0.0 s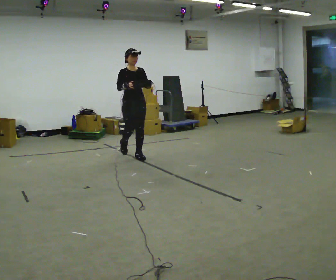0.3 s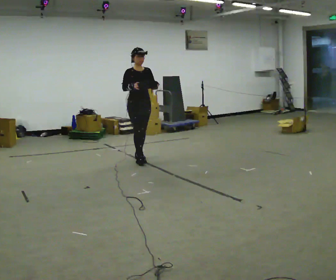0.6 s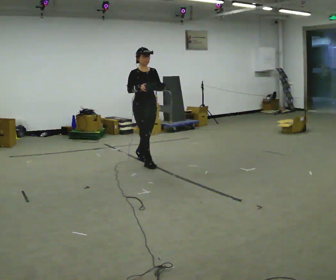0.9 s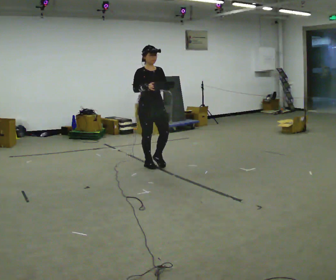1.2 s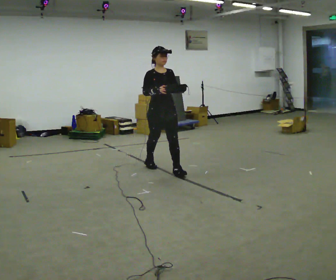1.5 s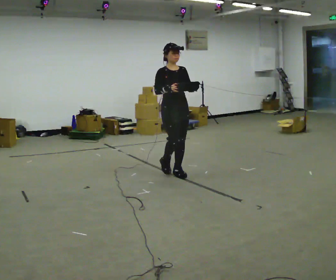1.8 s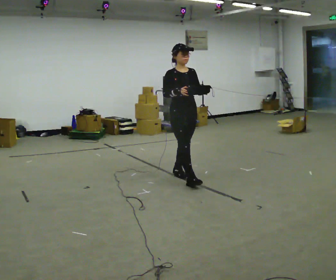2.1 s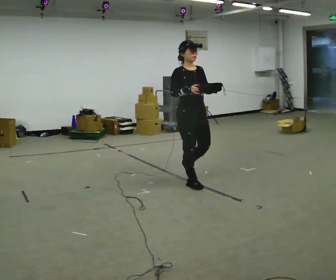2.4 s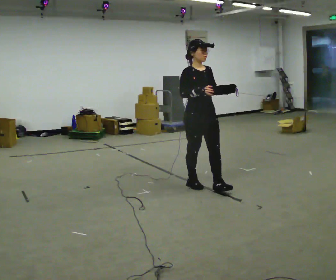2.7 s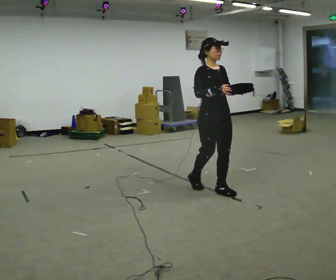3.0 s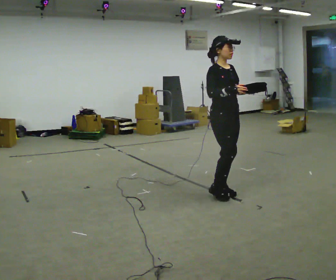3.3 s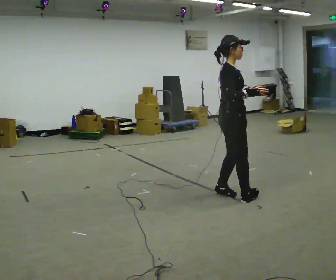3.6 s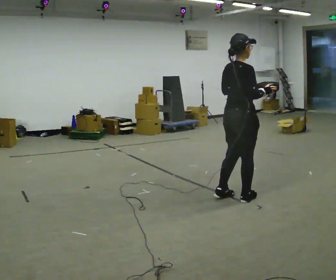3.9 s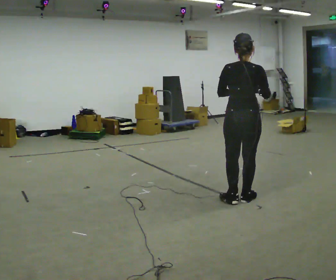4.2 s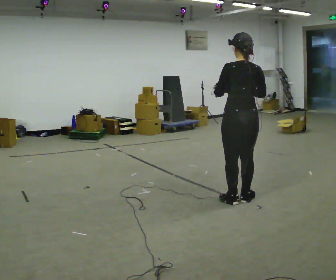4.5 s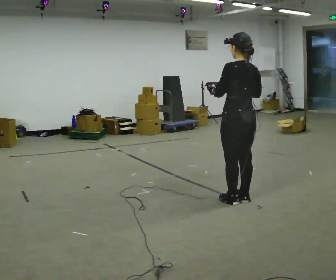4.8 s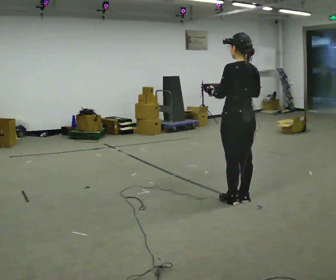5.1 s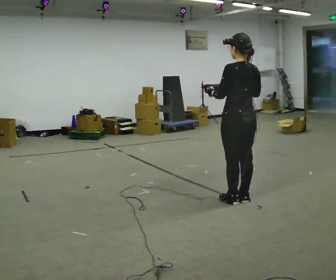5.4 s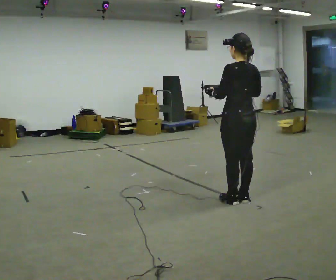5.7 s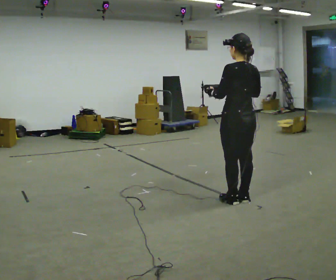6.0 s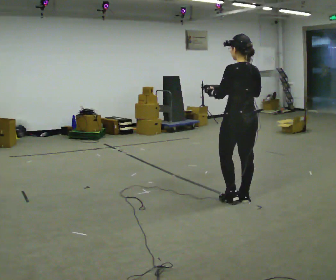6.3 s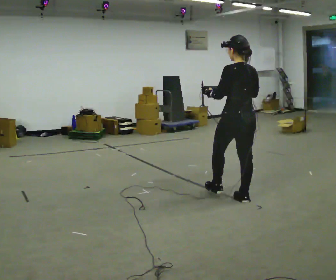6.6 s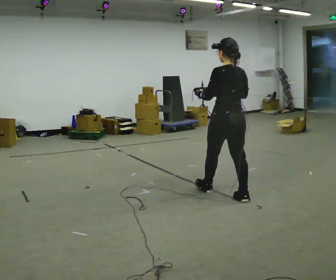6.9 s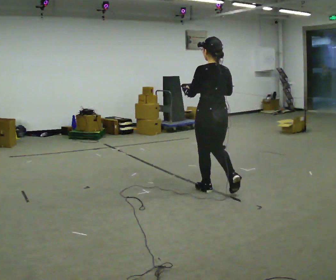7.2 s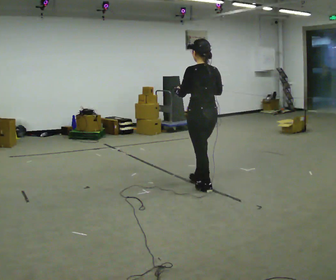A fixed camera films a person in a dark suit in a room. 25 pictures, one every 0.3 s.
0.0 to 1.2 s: In the picture they go to the right and toward the camera, about 1 m in 2 steps, which for them is forward.
1.2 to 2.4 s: In the picture they go to the right and toward the camera, about 1 m in 1 step, which for them is forward.
2.4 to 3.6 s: The person turns about 90 degrees to their left, counterclockwise seen from above, so the part of the body nearest the lens slides to the right. In the picture they go to the right and toward the camera, about 0.5 m in 2 steps.
3.6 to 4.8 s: The person turns about 90 degrees to their left, counterclockwise seen from above, so the part of the body nearest the lens slides to the right.
4.8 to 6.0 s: The person moves a little, or ends about where they began.
6.0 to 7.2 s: In the picture they go to the left and away from the camera, about 0.5 m in 1 step, which for them is forward.
The film runs forward here.
